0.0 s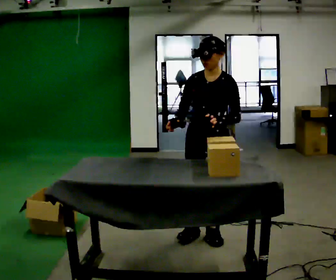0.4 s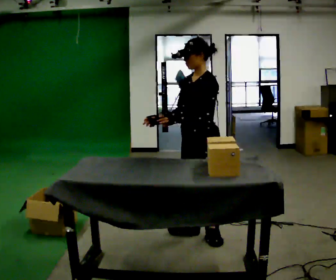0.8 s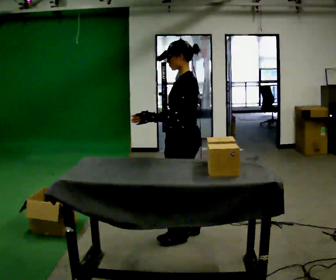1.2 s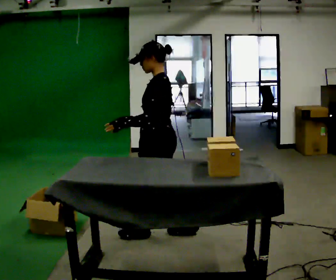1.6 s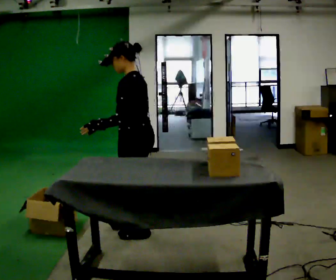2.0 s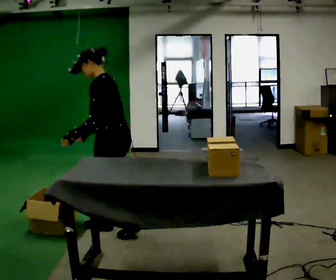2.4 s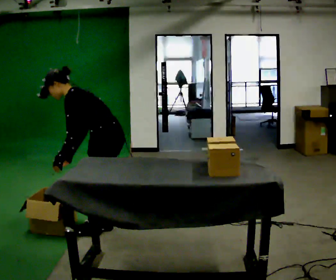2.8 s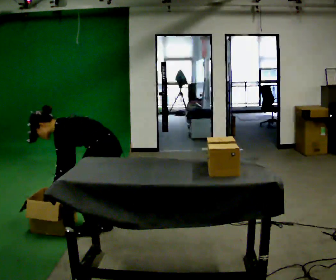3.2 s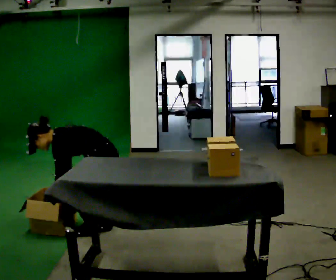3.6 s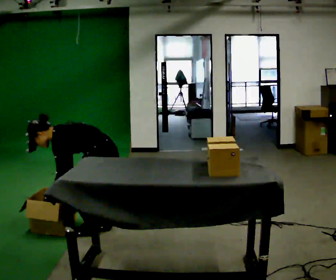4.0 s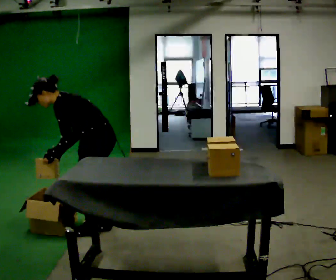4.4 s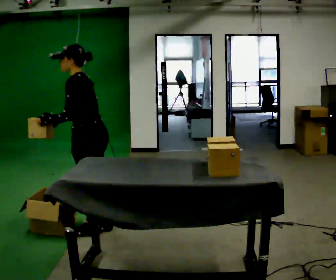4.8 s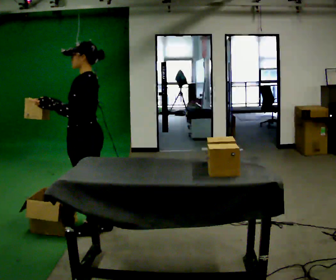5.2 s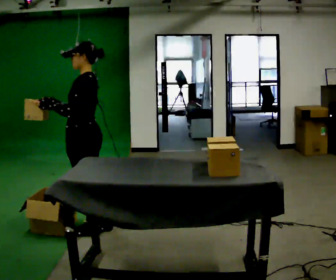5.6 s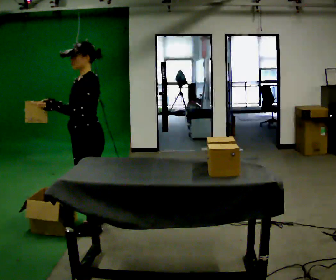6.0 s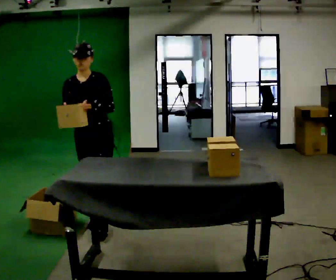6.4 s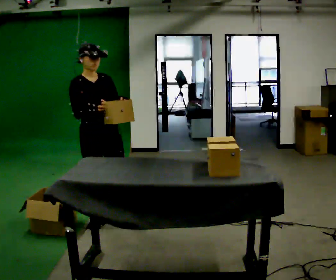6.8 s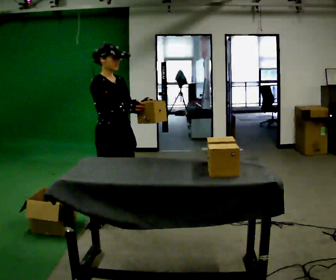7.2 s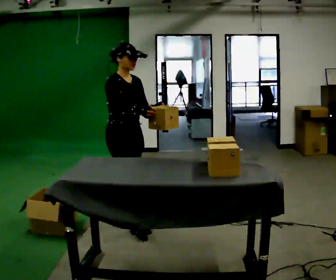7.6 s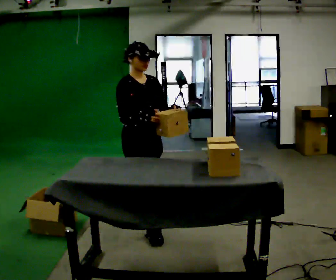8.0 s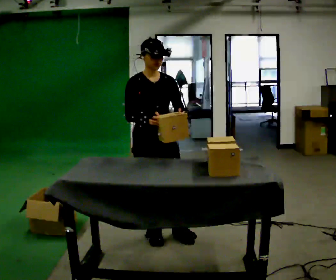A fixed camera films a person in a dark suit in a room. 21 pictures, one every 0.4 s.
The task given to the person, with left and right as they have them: Carry each object across the room and drop it into the container on the floor, then walk back for the next one. Keep going until the operator says stop; one object at a time, and do not rush between trips.
0.0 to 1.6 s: The part of the body nearest the lens slides to the left as the person turns to their right by about 75 degrees. In the picture they go to the left, about 0.5 m in 1 step.
1.6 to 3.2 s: In the picture they go to the left, about 0.25 m in 2 steps, which for them is forward. The shoulders move downward. In the picture the upper body tilts counterclockwise, shoulders to the left, as they bend forward. In the picture their right hand goes downward.
3.2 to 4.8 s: The upper body goes upward. In the picture the upper body tilts clockwise, shoulders to the right, as they lean back or straighten. In the picture their left hand goes upward.
4.8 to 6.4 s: The part of the body nearest the lens slides to the right as the person turns to their left by about 120 degrees. In the picture their left hand goes to the right.
6.4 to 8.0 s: In the picture they go to the right and toward the camera, about 0.5 m in 1 step, which for them is forward.
The film runs forward here.
